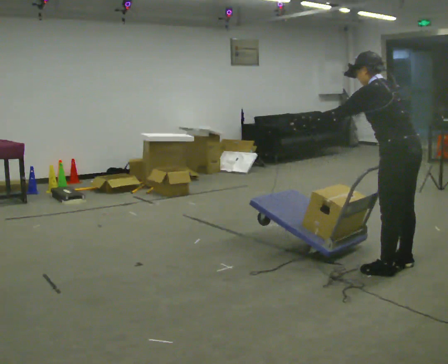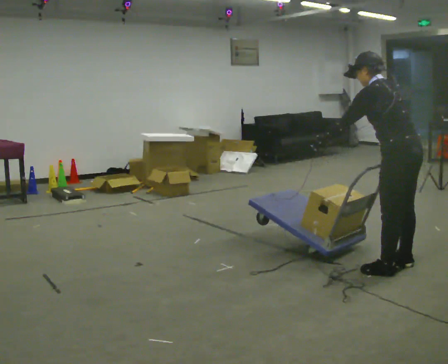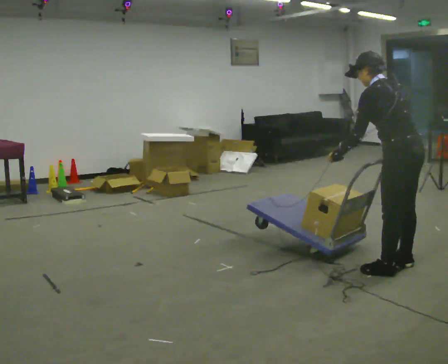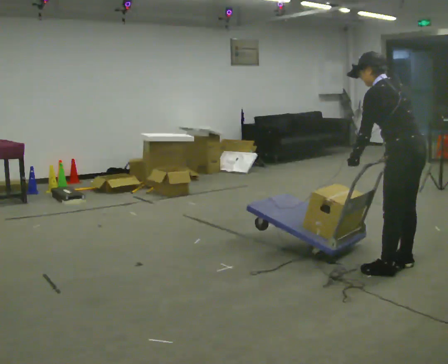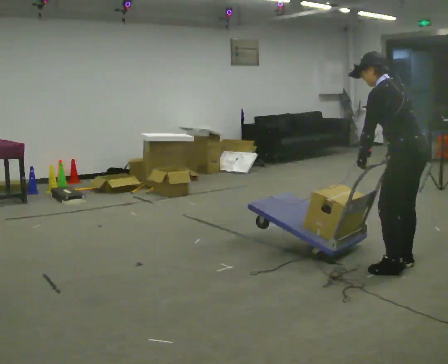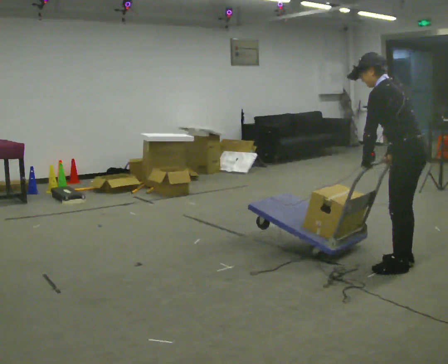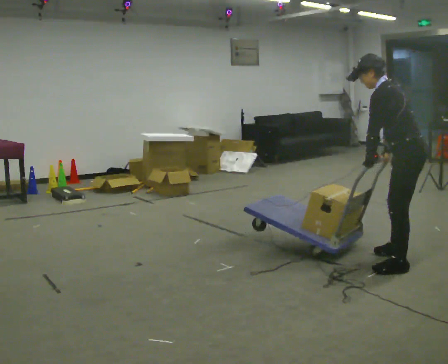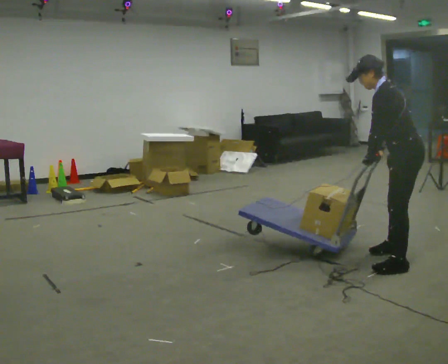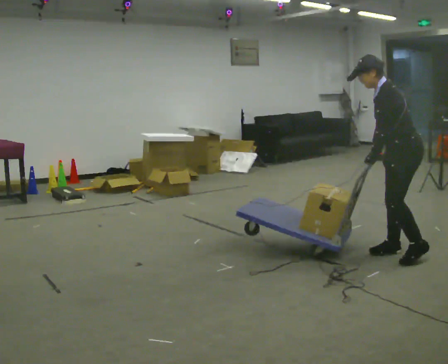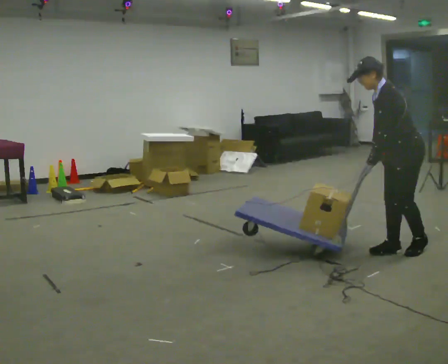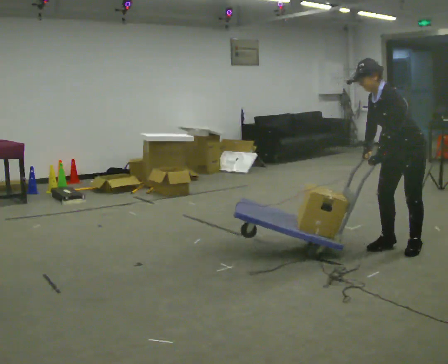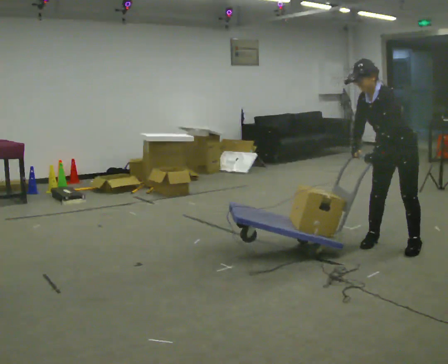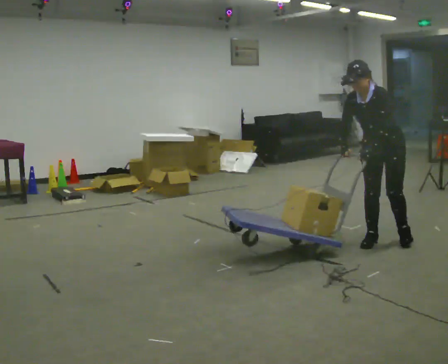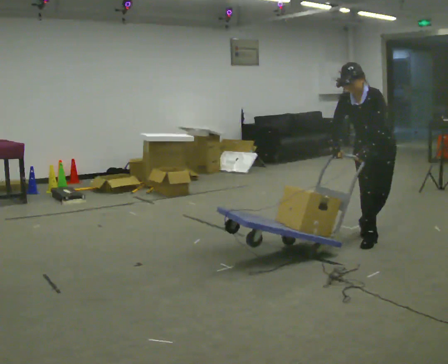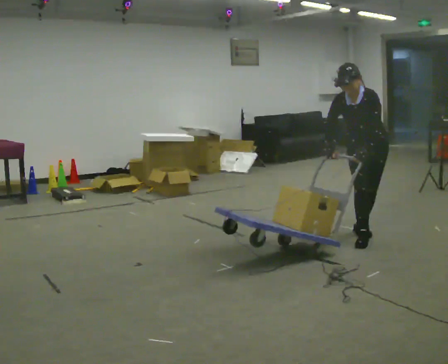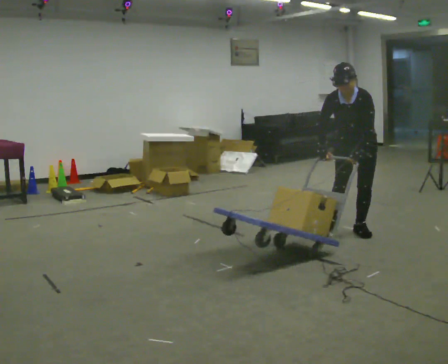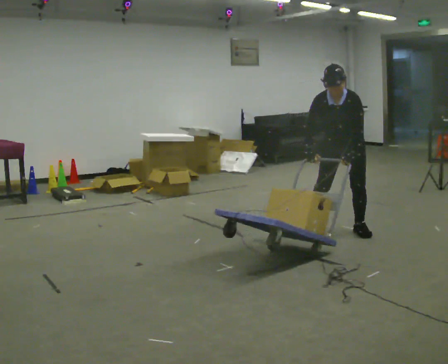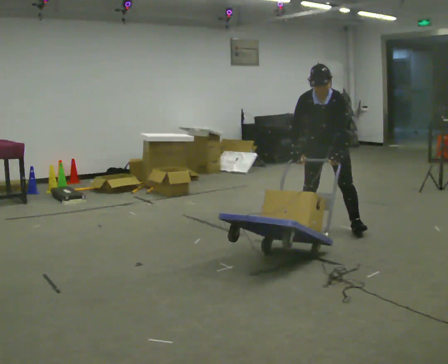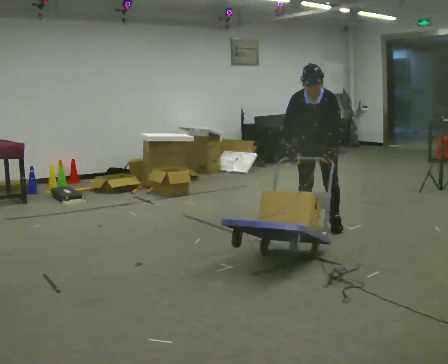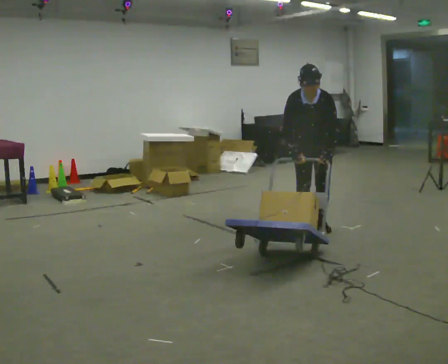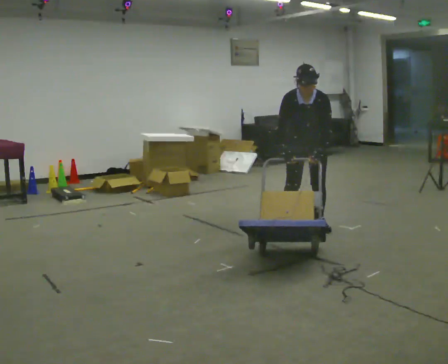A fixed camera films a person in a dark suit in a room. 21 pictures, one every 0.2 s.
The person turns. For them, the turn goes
to their left.
The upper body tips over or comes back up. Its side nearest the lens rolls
downward.
0.0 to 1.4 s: Seen from above the body turns counterclockwise, about 30 degrees: to their left, with its near side sliding to the right. In the picture they go away from the camera, about 0.25 m in 1 step, which for them is to their right. In the picture their left hand goes to the right, the arm swinging counterclockwise.
1.4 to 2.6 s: The person turns about 75 degrees to their left, counterclockwise seen from above, so the part of the body nearest the lens slides to the right. In the picture they go away from the camera and to the left, about 0.5 m in 3 steps. The upper body tips toward the camera, its near side rolling downward.
2.6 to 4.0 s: In the picture they go to the left, about 0.5 m in 3 steps, which for them is to their right and backward. In the picture the upper body tilts clockwise, shoulders to the right.
The film runs backward here.
